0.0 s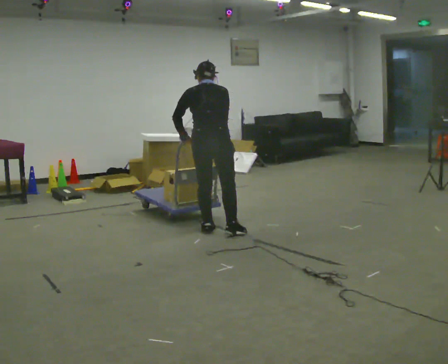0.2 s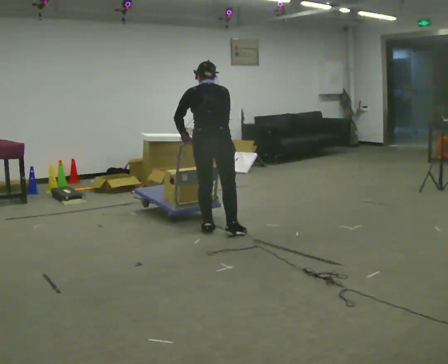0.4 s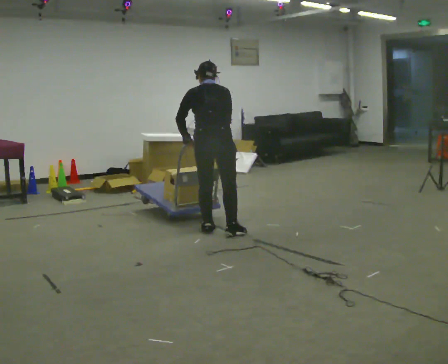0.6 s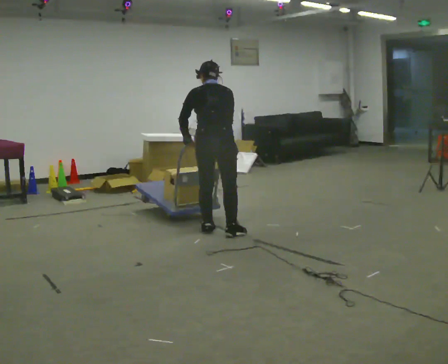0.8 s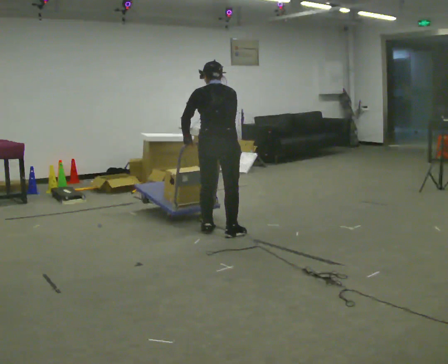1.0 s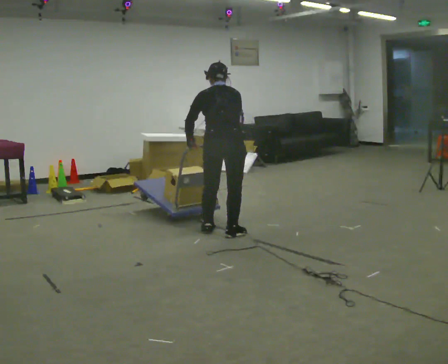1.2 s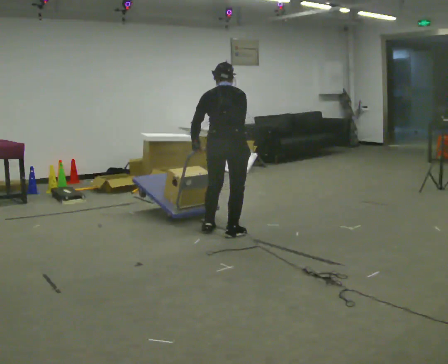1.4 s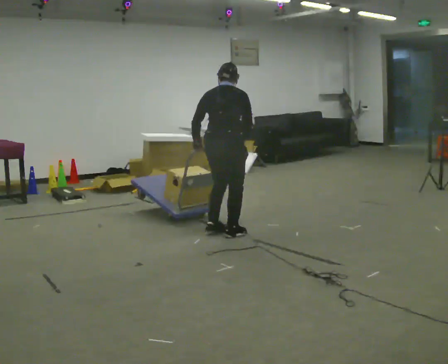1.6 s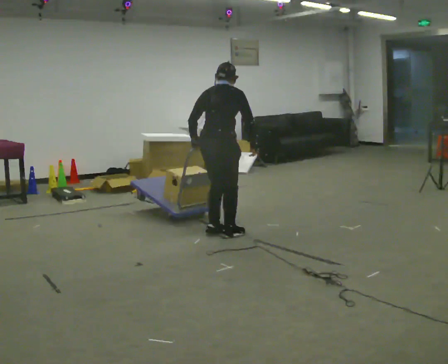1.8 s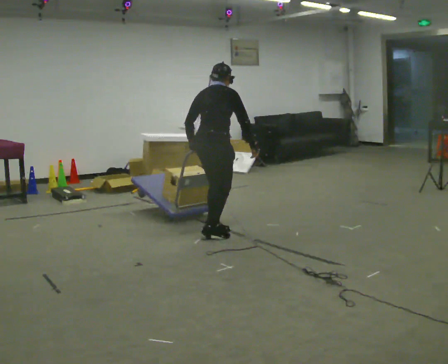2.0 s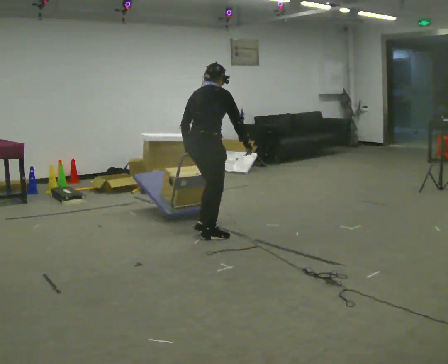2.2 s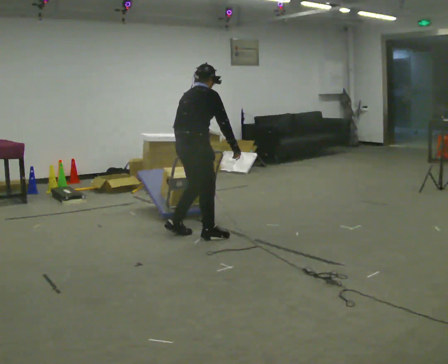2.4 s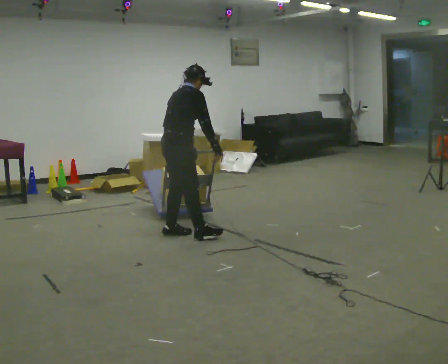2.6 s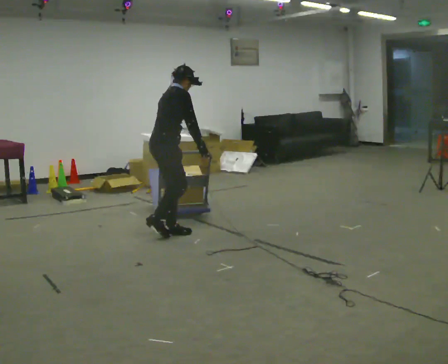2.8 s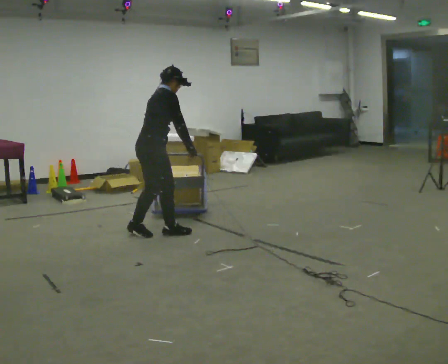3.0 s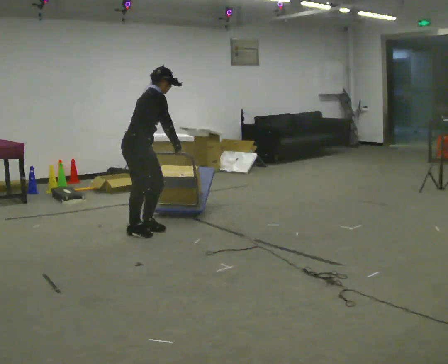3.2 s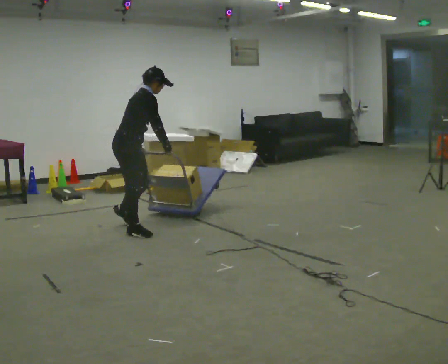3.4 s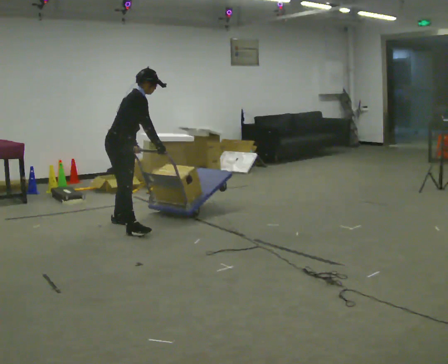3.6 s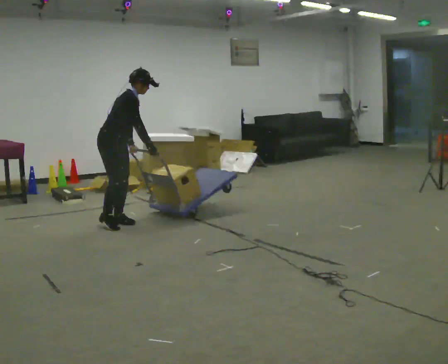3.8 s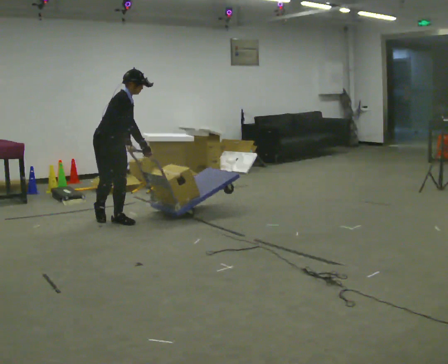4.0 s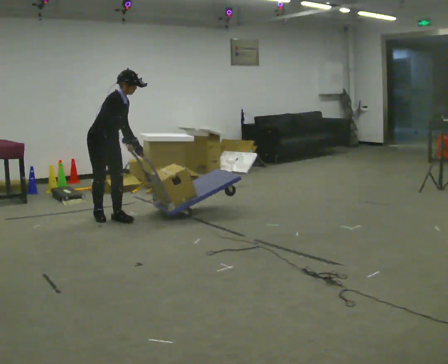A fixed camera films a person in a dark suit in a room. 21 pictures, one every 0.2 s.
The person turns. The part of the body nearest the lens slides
to the left.
The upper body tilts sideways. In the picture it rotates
clockwise.
0.0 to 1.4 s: The person moves a little, or ends about where they began.
1.4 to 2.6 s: The part of the body nearest the lens slides to the left as the person turns to their right by about 60 degrees. In the picture they go to the left, about 0.5 m in 3 steps, which for them is backward and to their left.
2.6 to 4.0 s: Seen from above the body turns clockwise, about 30 degrees: to their right, with its near side sliding to the left. In the picture they go to the left and away from the camera, about 1 m in 3 steps, which for them is backward and to their left. The upper body tips toward the camera, its near side rolling downward.
The film runs backward here.
